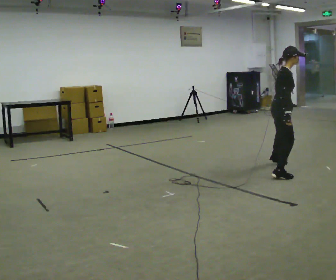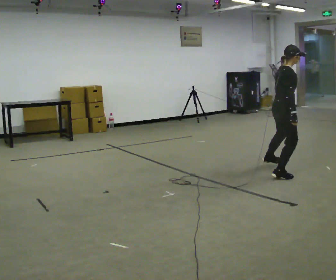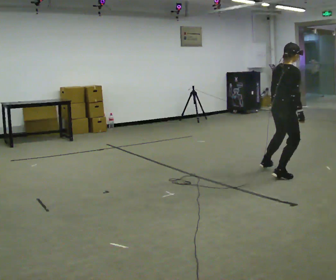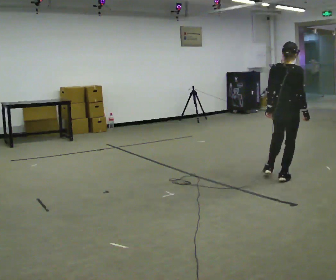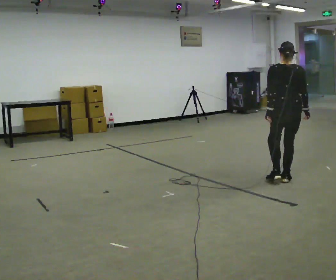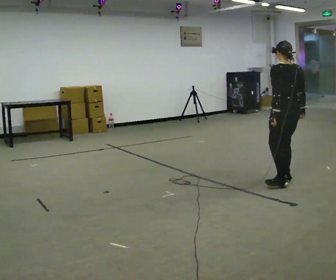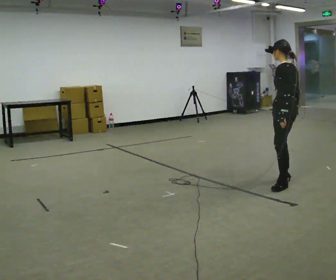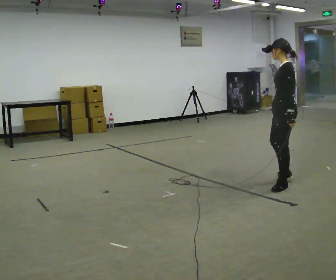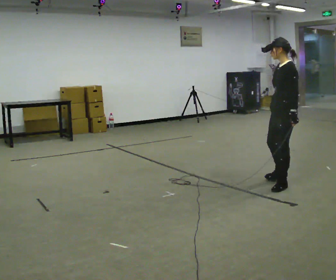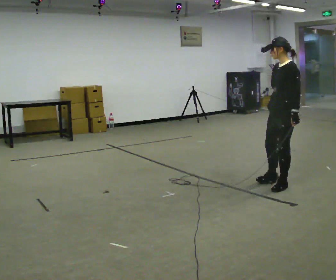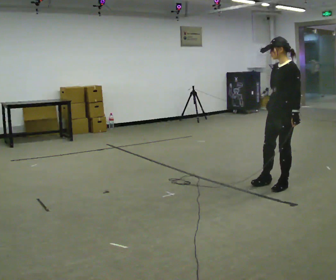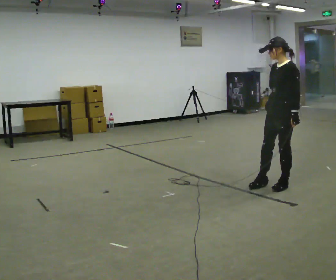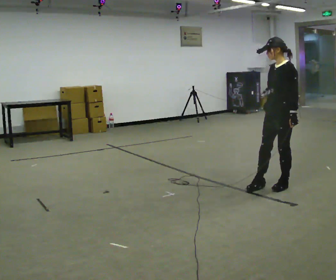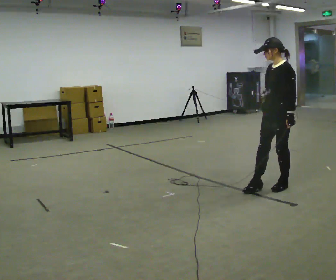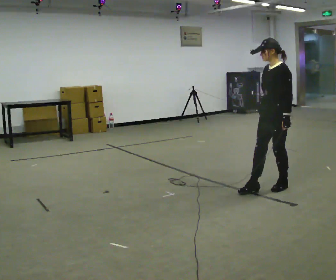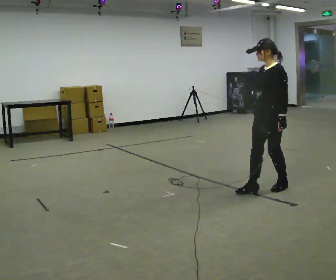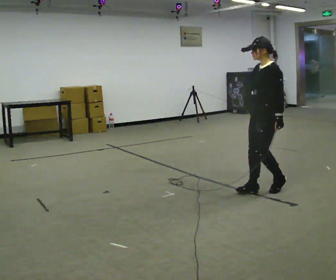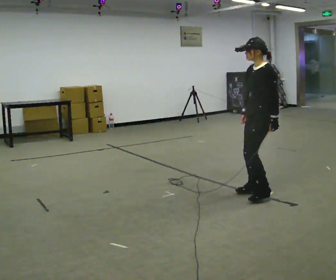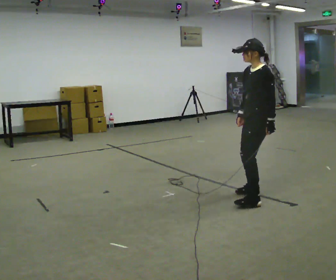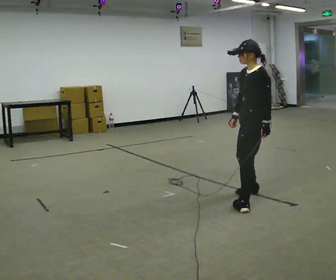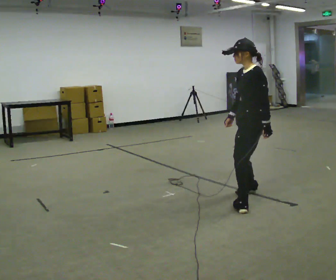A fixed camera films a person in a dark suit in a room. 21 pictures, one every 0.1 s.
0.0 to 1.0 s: The part of the body nearest the lens slides to the right as the person turns to their left by about 210 degrees. In the picture they go toward the camera, about 0.5 m in 2 steps.
1.0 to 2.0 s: In the picture they go toward the camera and to the left, about 0.5 m in 1 step, which for them is forward.
The film runs backward here.
